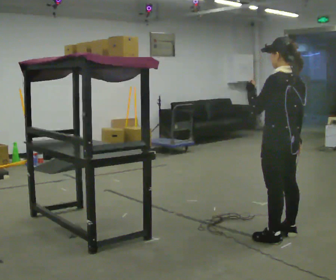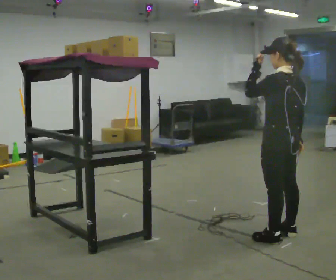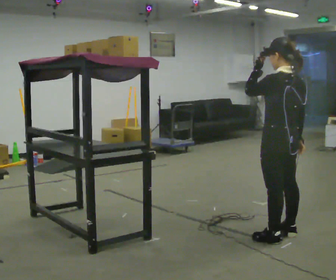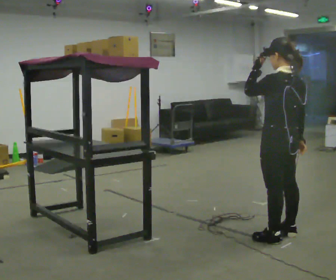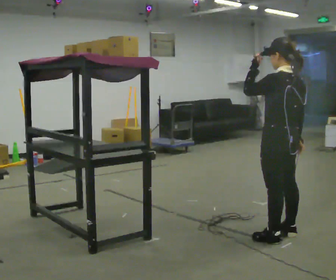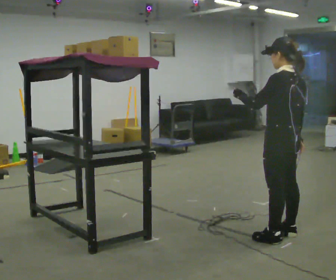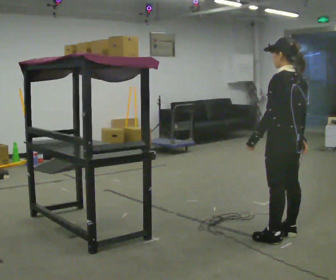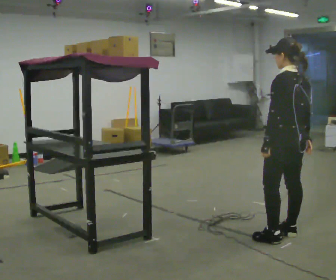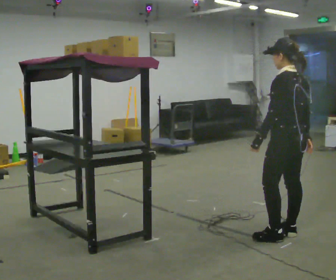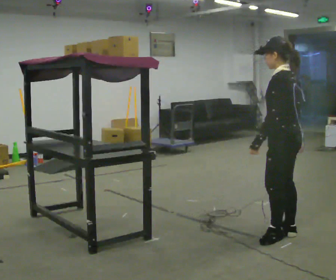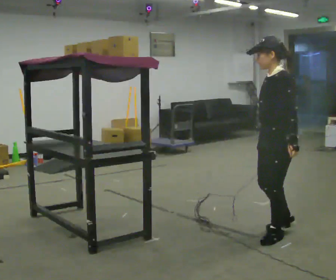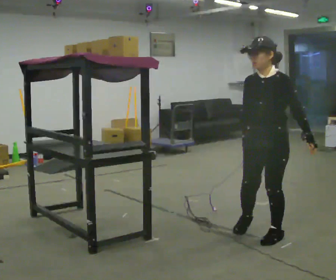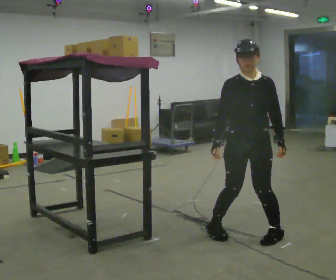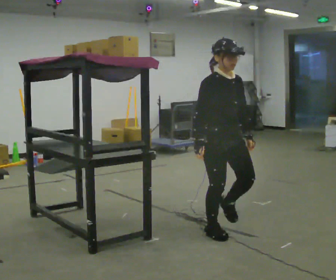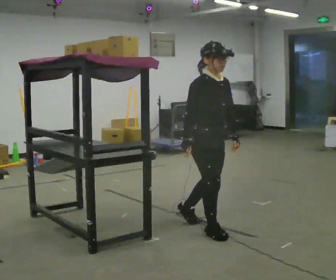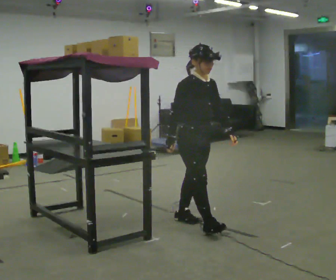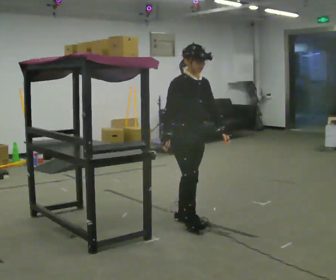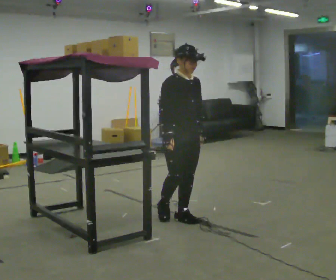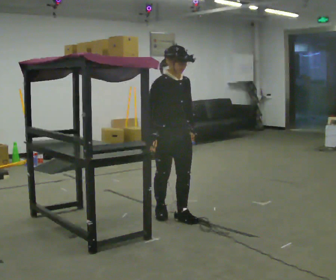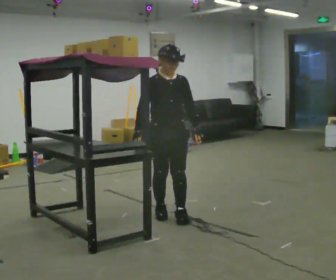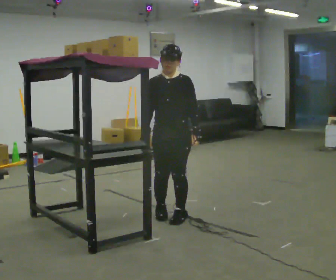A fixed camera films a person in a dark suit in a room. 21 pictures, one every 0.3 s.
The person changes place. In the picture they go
to the left.
0.0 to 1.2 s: The person moves a little, or ends about where they began.
1.2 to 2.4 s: In the picture their left hand goes downward.
2.4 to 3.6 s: The part of the body nearest the lens slides to the right as the person turns to their left by about 120 degrees. In the picture they go to the left, about 0.25 m in 1 step.
3.6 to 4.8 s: The person turns about 45 degrees to their left, counterclockwise seen from above, so the part of the body nearest the lens slides to the right. In the picture they go to the left and away from the camera, about 0.75 m in 2 steps, which for them is backward.
4.8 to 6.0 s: The person turns about 45 degrees to their right, clockwise seen from above, so the part of the body nearest the lens slides to the left. In the picture they go to the left, about 0.25 m, which for them is backward.
The film runs backward here.
